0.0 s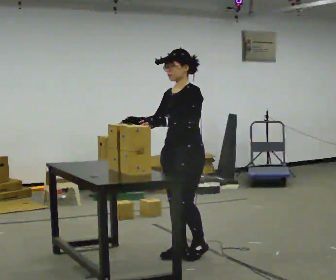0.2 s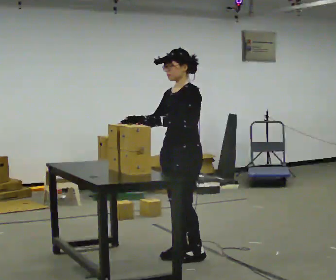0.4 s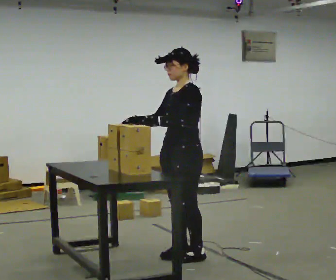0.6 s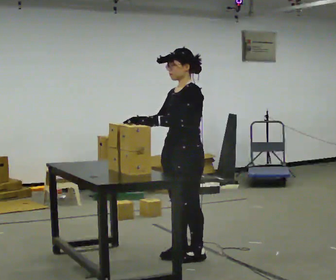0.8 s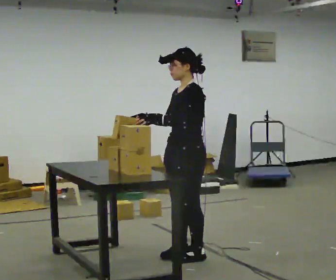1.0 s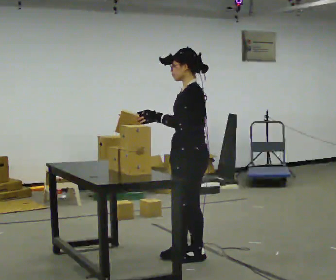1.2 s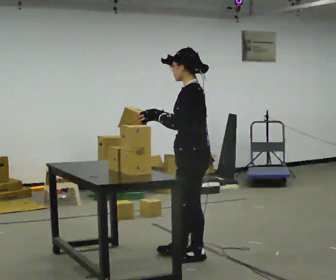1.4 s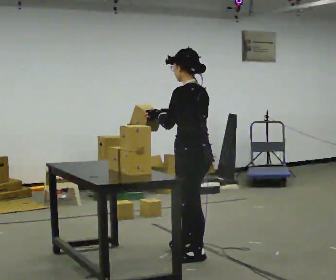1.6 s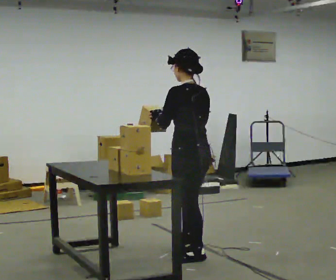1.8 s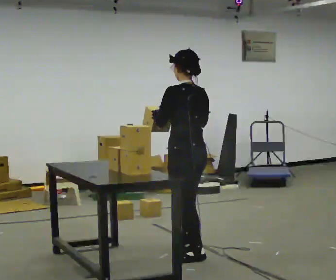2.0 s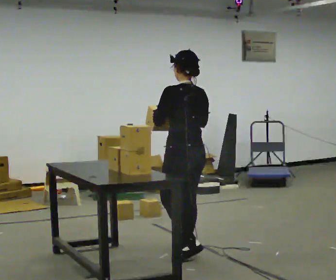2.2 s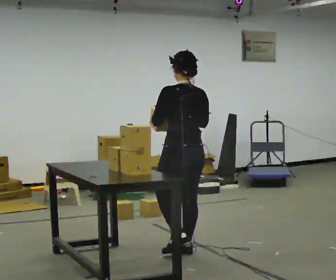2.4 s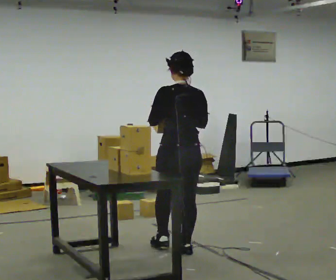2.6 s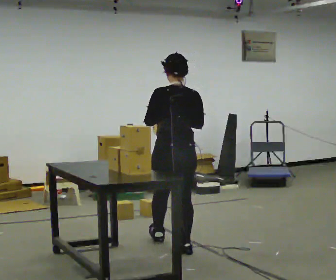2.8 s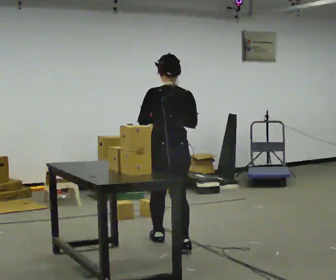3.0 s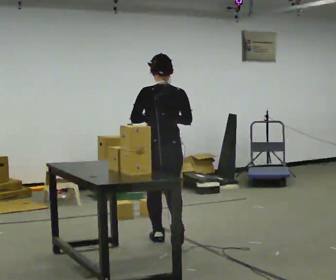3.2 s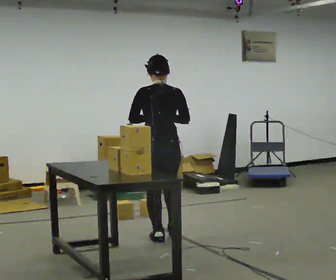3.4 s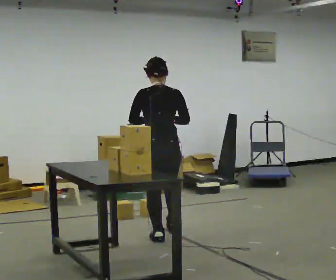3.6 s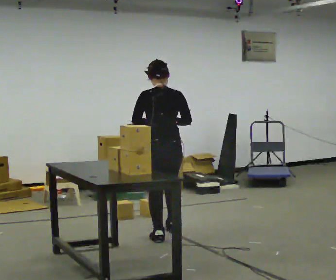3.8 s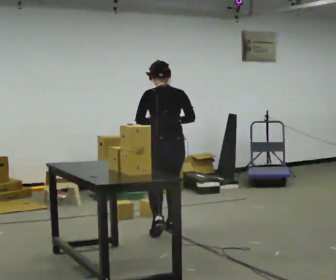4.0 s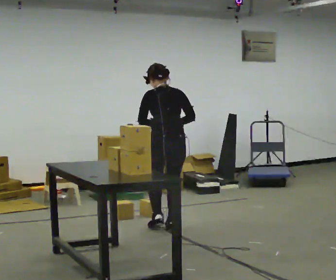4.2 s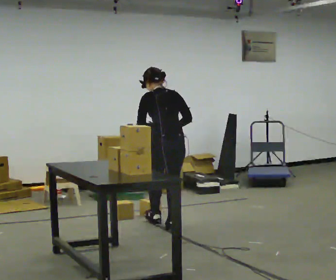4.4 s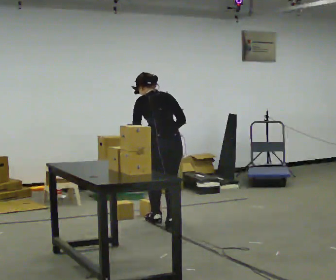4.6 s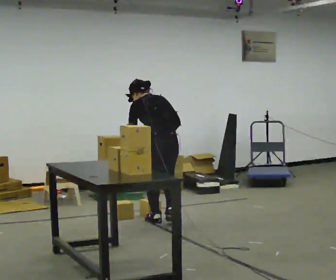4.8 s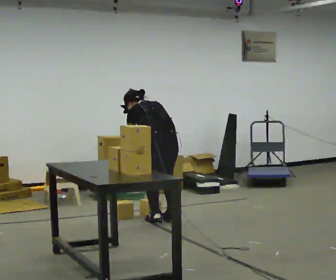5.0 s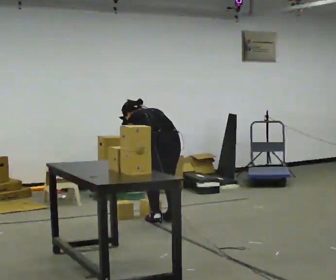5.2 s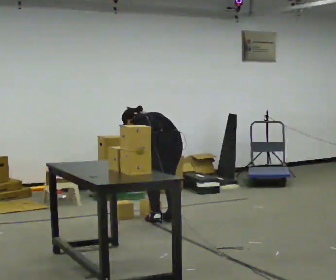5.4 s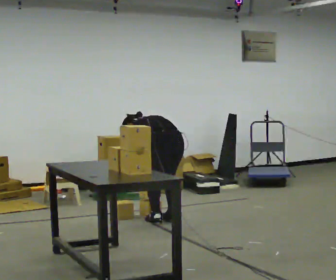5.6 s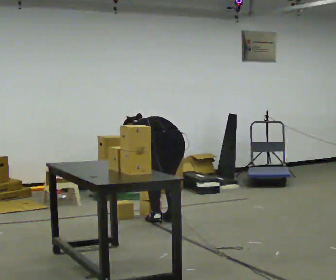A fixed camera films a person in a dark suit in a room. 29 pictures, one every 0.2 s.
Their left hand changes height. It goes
downward.
The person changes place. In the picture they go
away from the camera.
0.0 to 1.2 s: Seen from above the body turns clockwise, about 45 degrees: to their right, with its near side sliding to the left.
1.2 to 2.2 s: The part of the body nearest the lens slides to the left as the person turns to their right by about 45 degrees. In the picture they go away from the camera, about 0.25 m, which for them is forward.
2.2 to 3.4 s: Seen from above the body turns clockwise, about 30 degrees: to their right, with its near side sliding to the left. In the picture they go away from the camera and to the left, about 0.5 m in 1 step, which for them is forward.
3.4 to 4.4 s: In the picture they go away from the camera, about 0.5 m in 2 steps, which for them is forward. The upper body tips away from the camera, its near side rolling upward, as they bend forward.
4.4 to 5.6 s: The shoulders move downward. The upper body tips away from the camera, its near side rolling upward, as they bend forward. In the picture their left hand goes downward.
The film runs forward here.
